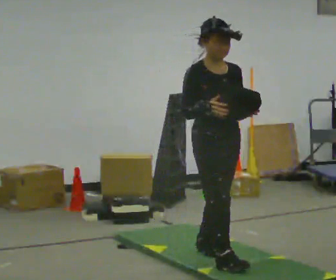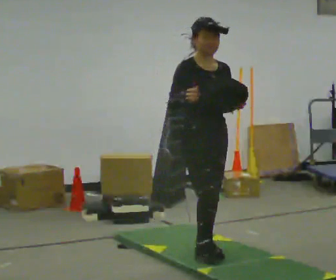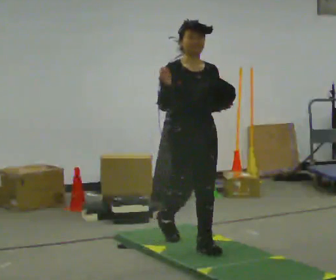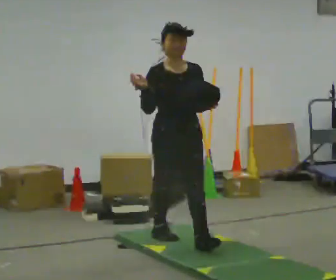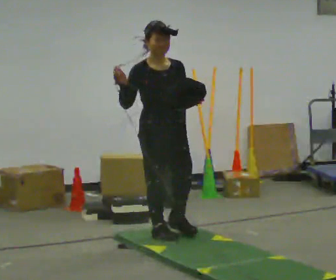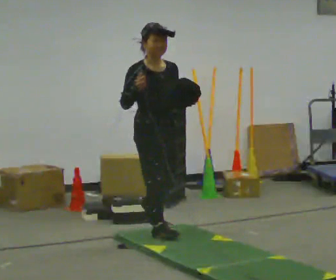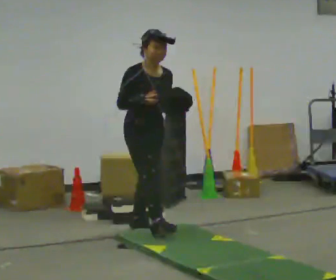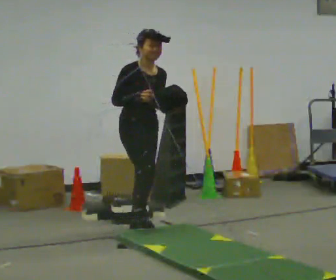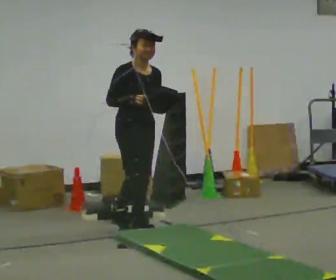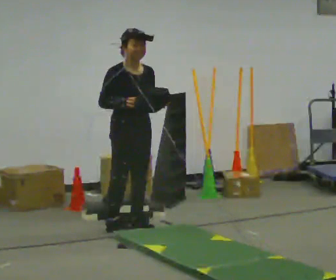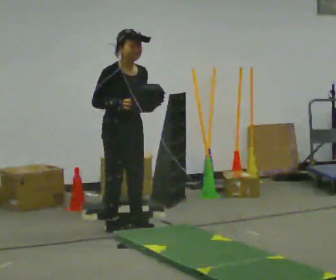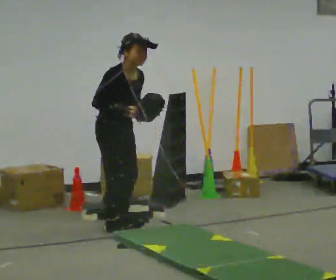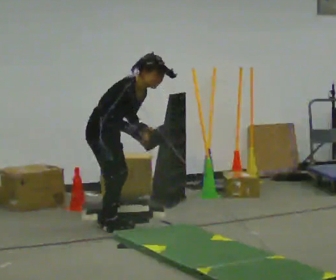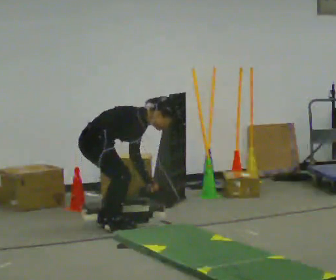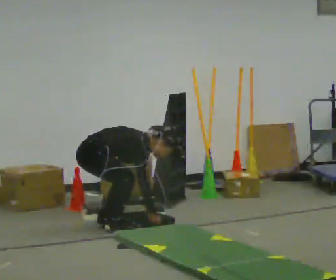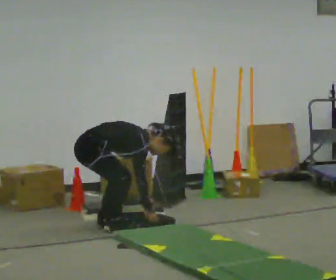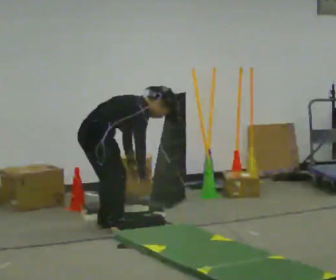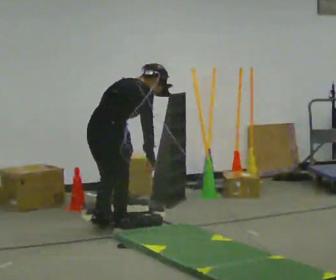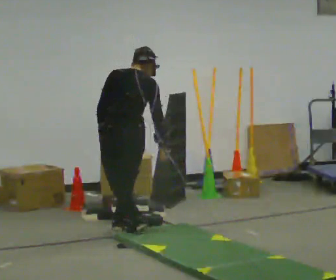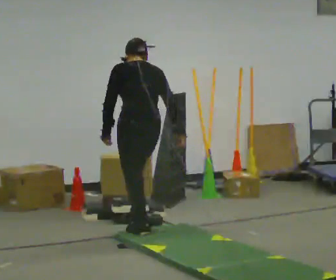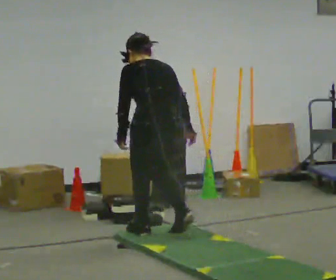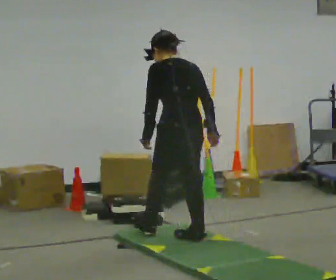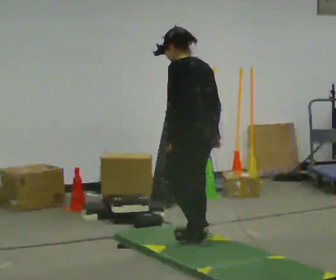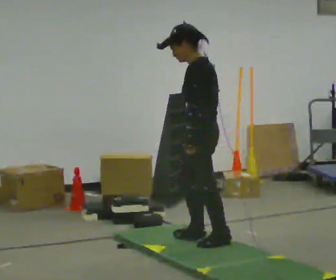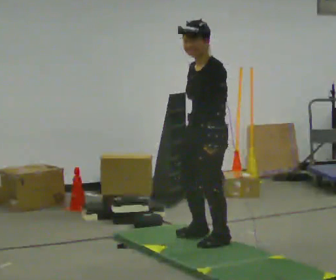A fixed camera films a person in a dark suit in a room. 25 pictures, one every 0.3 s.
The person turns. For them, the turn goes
to their left.
The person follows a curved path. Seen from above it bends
counterclockwise.
0.0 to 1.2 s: In the picture they go away from the camera and to the left, about 0.5 m in 2 steps, which for them is backward.
1.2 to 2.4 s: In the picture they go away from the camera and to the left, about 0.5 m in 1 step, which for them is backward.
2.4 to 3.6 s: The person turns about 30 degrees to their left, counterclockwise seen from above, so the part of the body nearest the lens slides to the right. In the picture they go to the left, about 0.25 m in 1 step, which for them is backward and to their right. In the picture the upper body tilts clockwise, shoulders to the right, as they bend forward.
3.6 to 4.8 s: The person turns about 30 degrees to their left, counterclockwise seen from above, so the part of the body nearest the lens slides to the right. The upper body tips away from the camera, its near side rolling upward. In the picture their right hand goes downward.
4.8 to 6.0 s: Seen from above the body turns counterclockwise, about 105 degrees: to their left, with its near side sliding to the right. In the picture they go to the right and toward the camera, about 0.5 m in 2 steps. The shoulders move upward. In the picture the upper body tilts counterclockwise, shoulders to the left, as they lean back or straighten. In the picture their left hand goes upward.
6.0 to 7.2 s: The part of the body nearest the lens slides to the right as the person turns to their left by about 75 degrees. In the picture they go to the right and toward the camera, about 0.5 m in 1 step.
The film runs backward here.
